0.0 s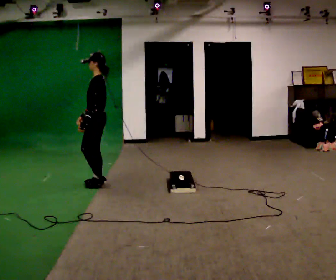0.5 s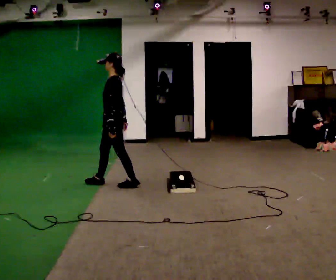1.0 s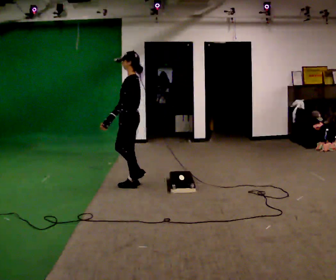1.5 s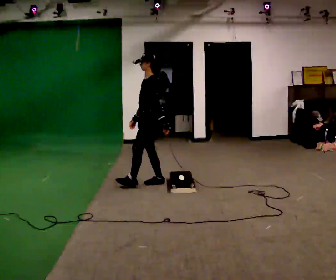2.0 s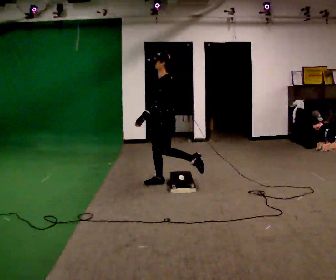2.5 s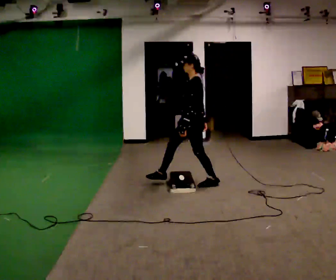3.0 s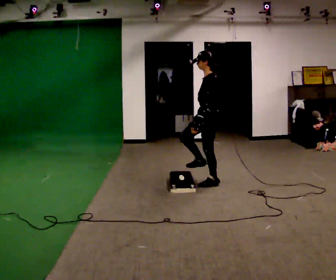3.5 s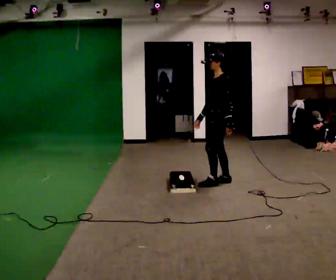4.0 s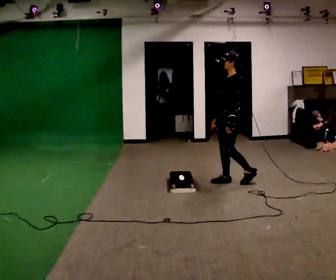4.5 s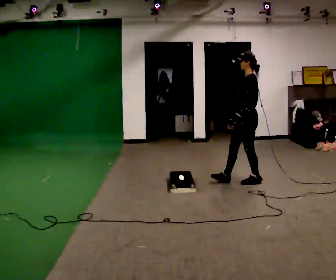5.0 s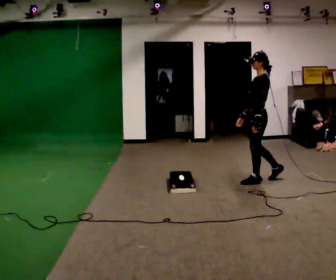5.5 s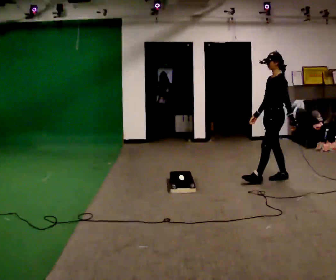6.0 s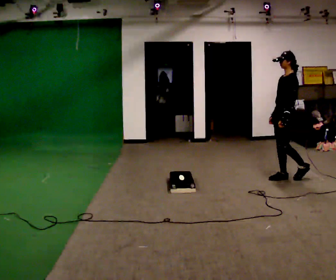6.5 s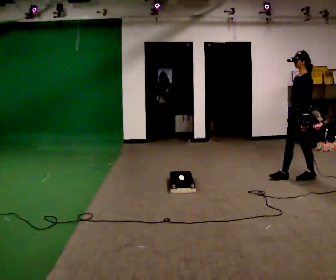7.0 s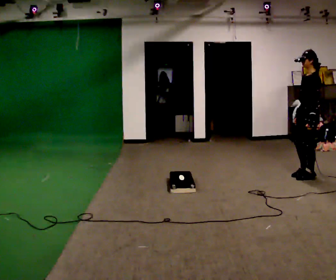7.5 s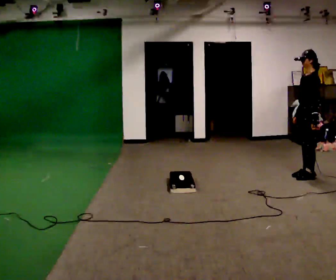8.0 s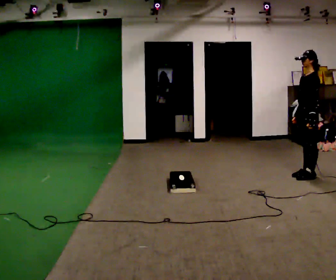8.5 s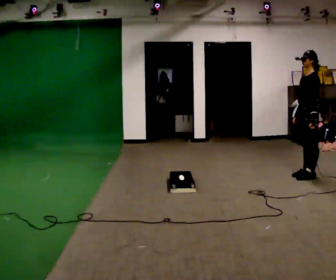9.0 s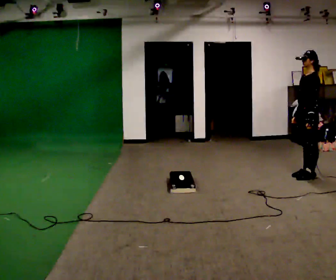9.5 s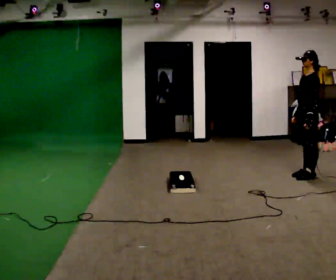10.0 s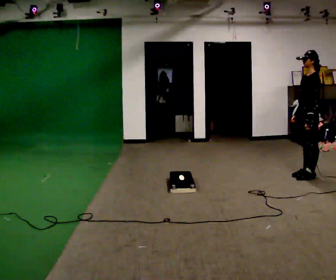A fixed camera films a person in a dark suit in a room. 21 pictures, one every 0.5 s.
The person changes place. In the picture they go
to the right.
0.0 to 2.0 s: In the picture they go to the right, about 1 m in 2 steps, which for them is backward.
2.0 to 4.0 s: In the picture they go to the right, about 1 m in 2 steps, which for them is backward.
4.0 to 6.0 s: In the picture they go to the right, about 0.5 m in 2 steps, which for them is backward.
6.0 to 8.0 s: In the picture they go to the right, about 0.25 m in 1 step, which for them is backward.
8.0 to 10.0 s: The person moves a little, or ends about where they began.
The film runs backward here.
